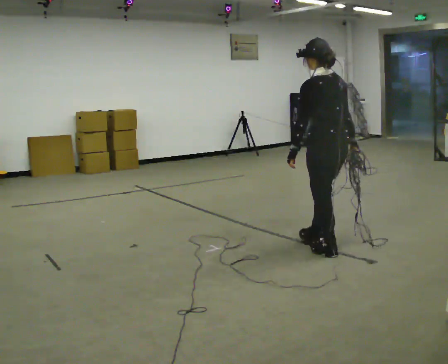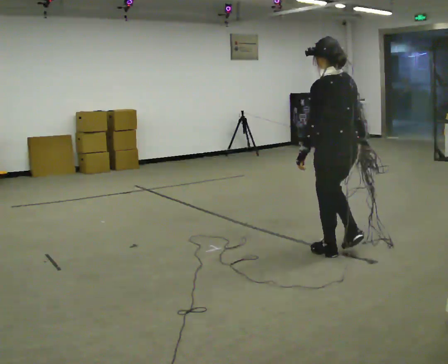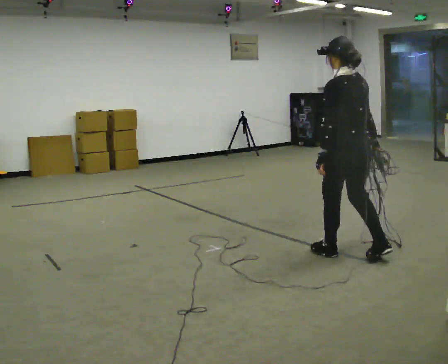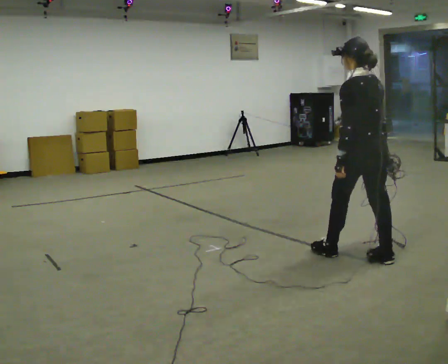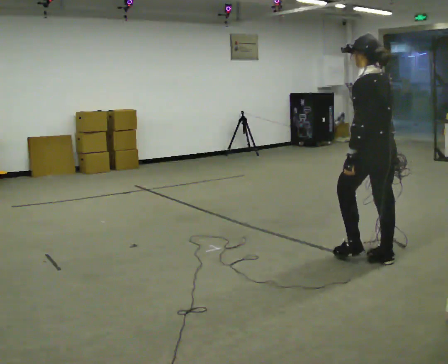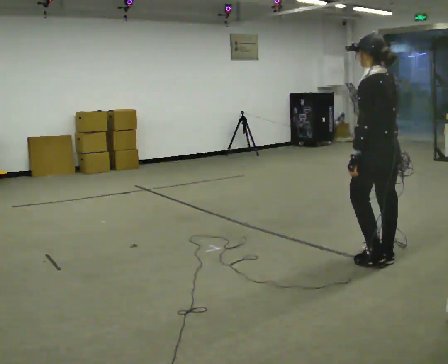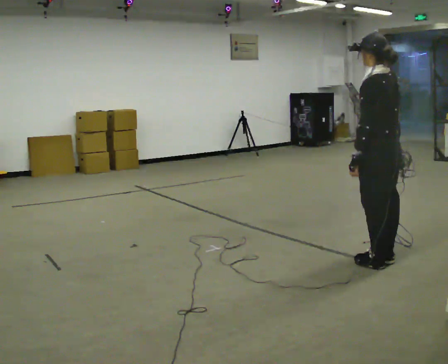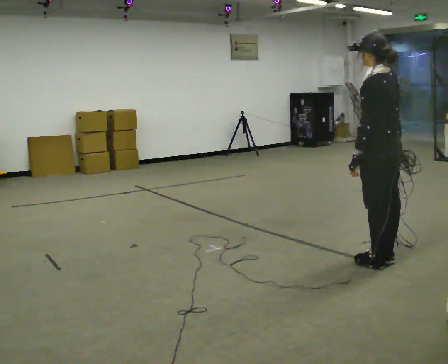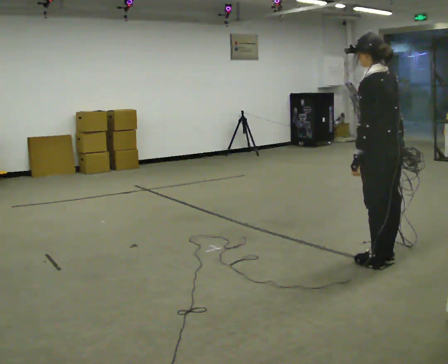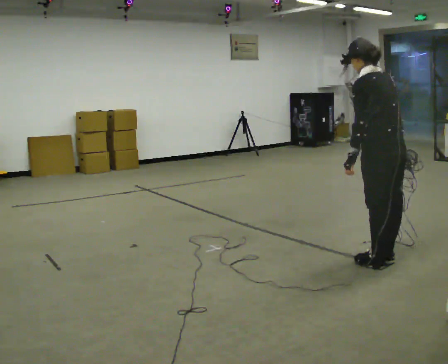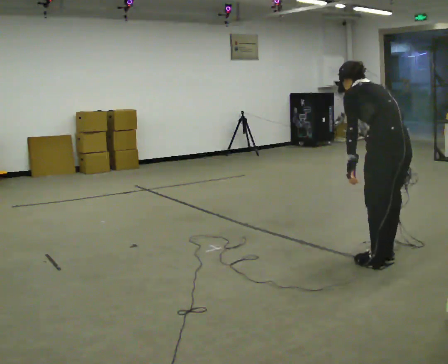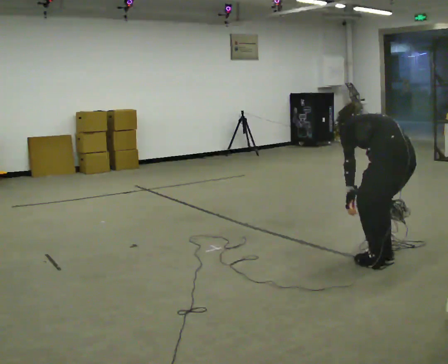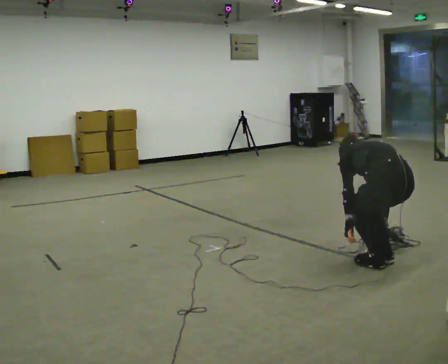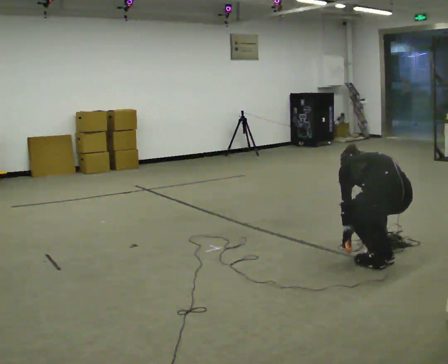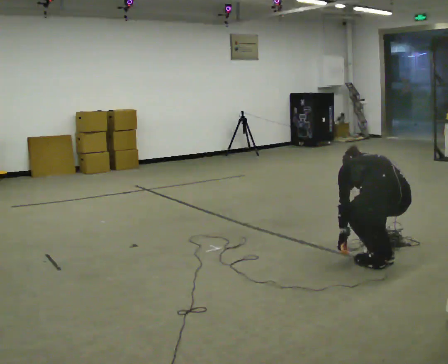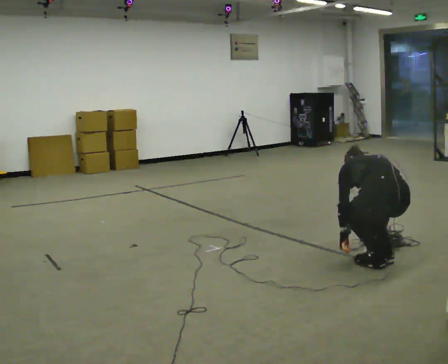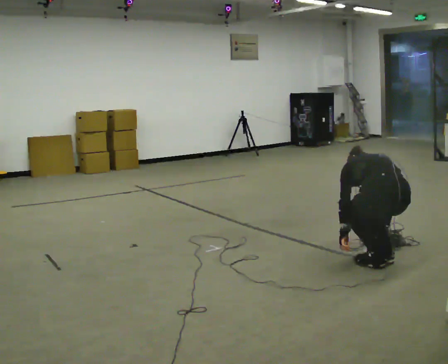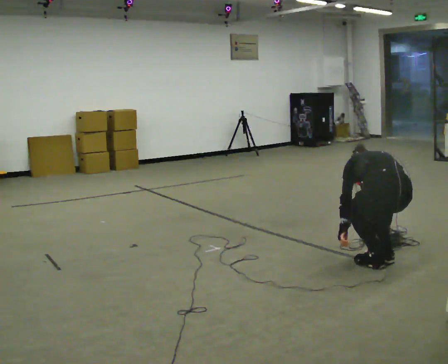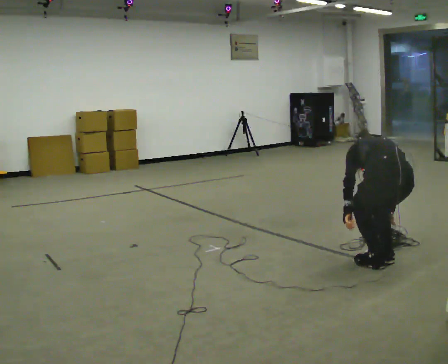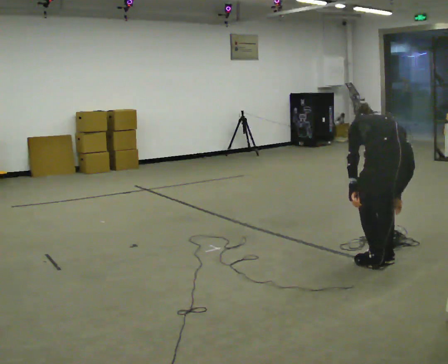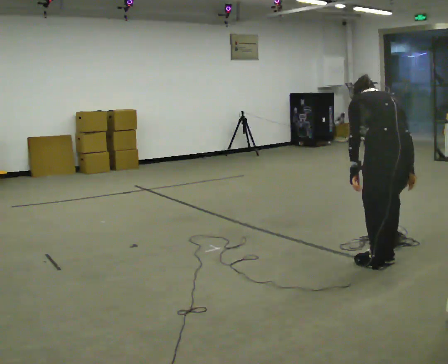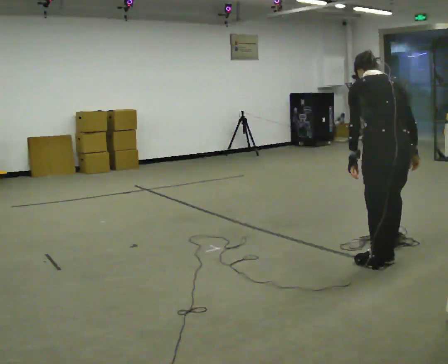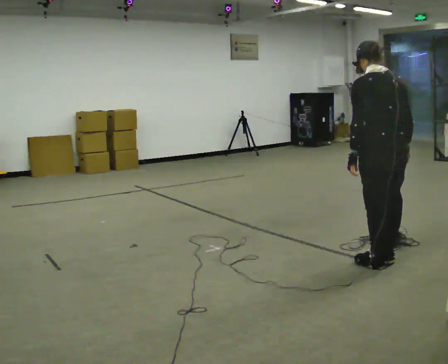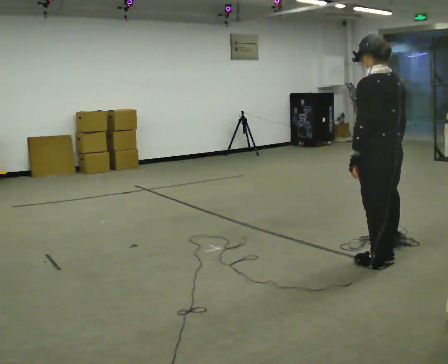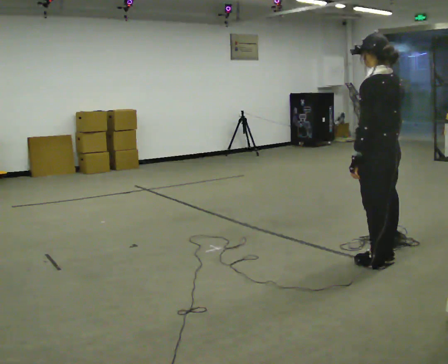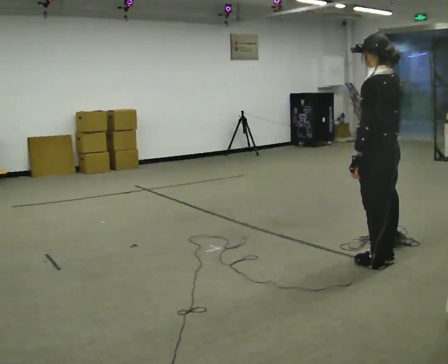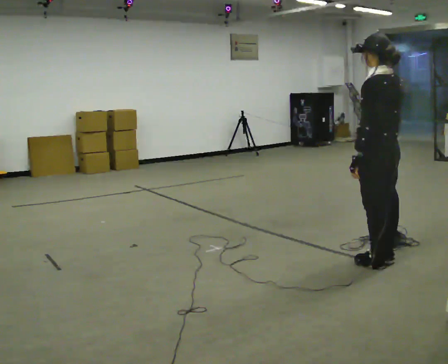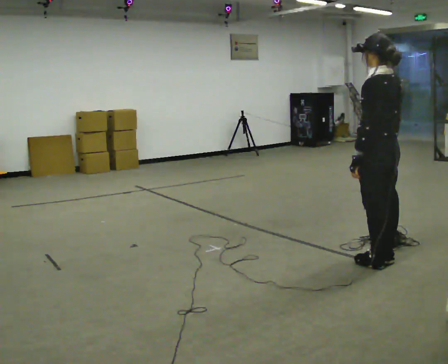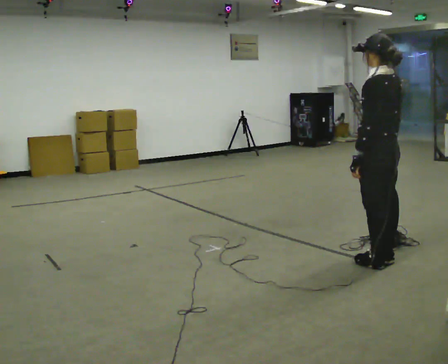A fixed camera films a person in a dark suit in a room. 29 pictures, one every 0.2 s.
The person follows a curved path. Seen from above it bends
clockwise.
0.0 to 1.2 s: In the picture they go to the right and toward the camera, about 0.5 m in 1 step, which for them is backward.
1.2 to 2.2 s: In the picture they go toward the camera, about 0.25 m, which for them is backward. The upper body goes downward. The upper body tips away from the camera, its near side rolling upward, as they bend forward.
2.2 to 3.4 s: The upper body goes downward. The upper body tips away from the camera, its near side rolling upward, as they bend forward.
3.4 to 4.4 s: The upper body goes upward. The upper body tips toward the camera, its near side rolling downward, as they lean back or straighten. In the picture their left hand goes upward.
4.4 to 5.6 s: The person moves a little, or ends about where they began.
The film runs backward here.
